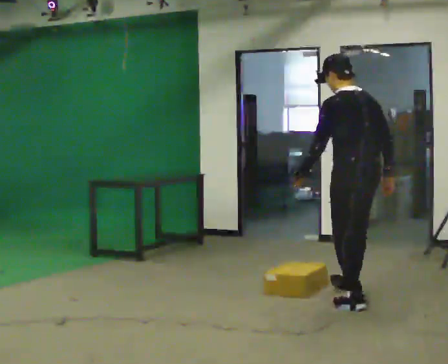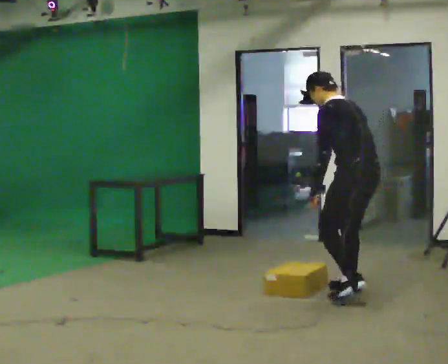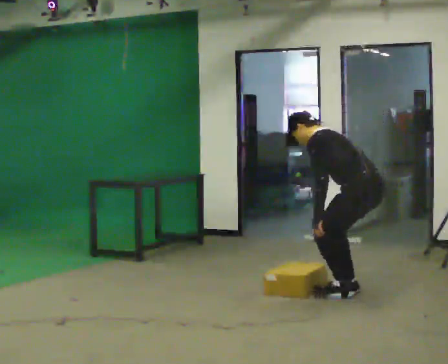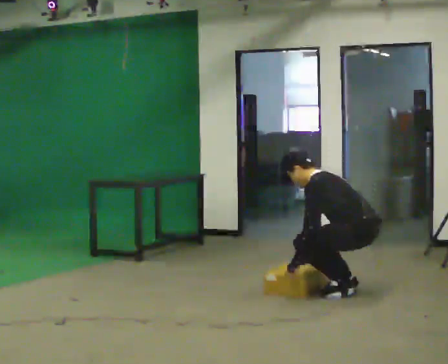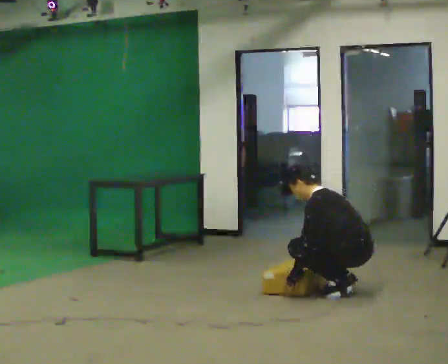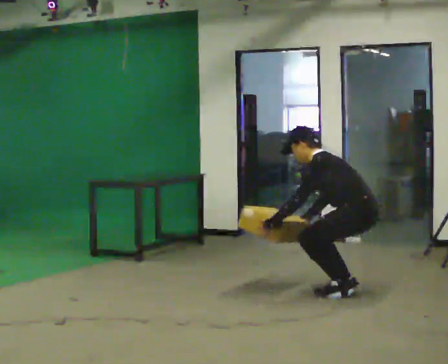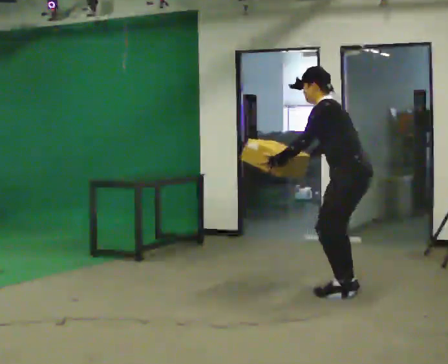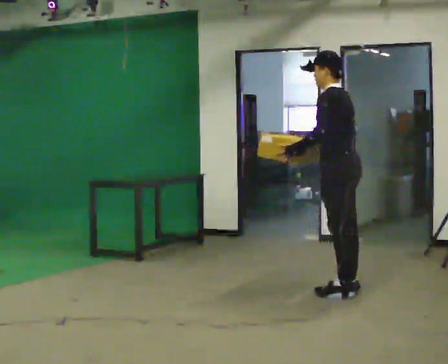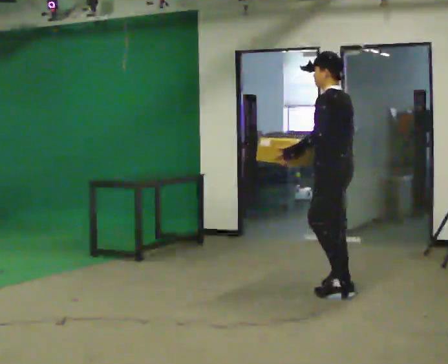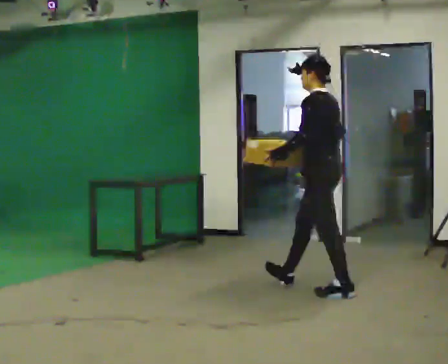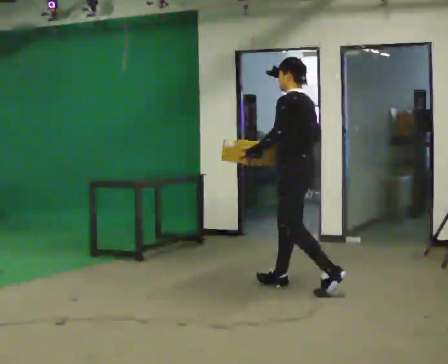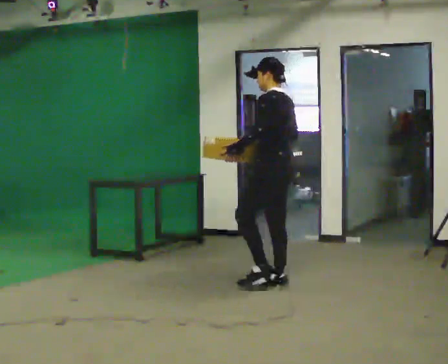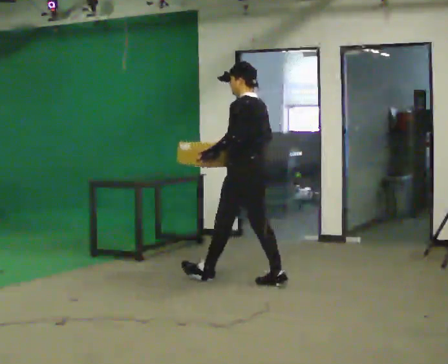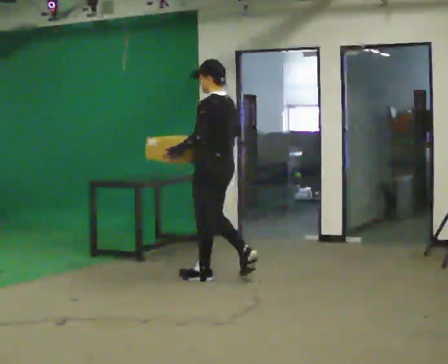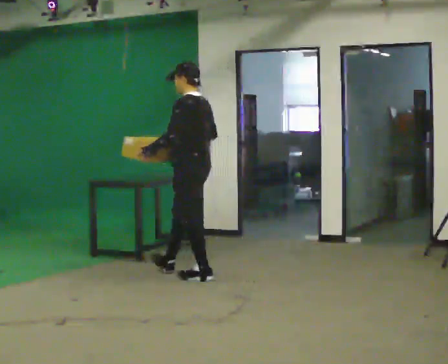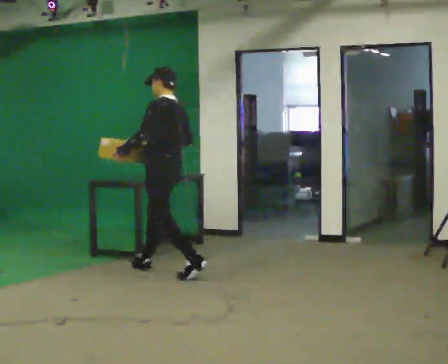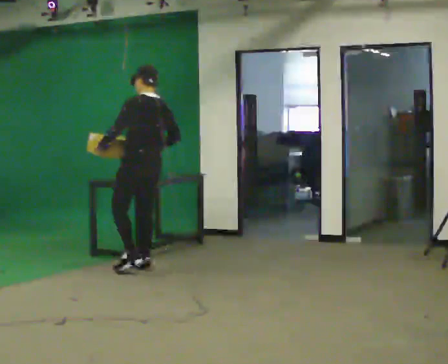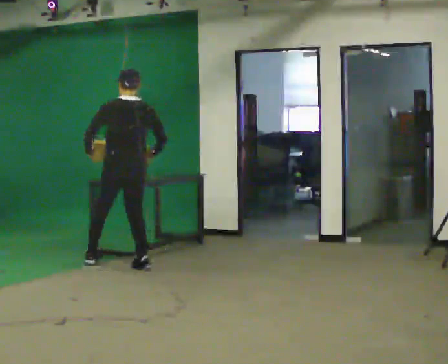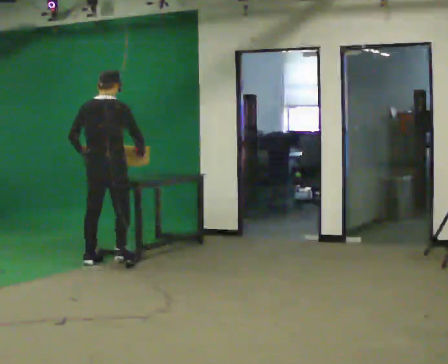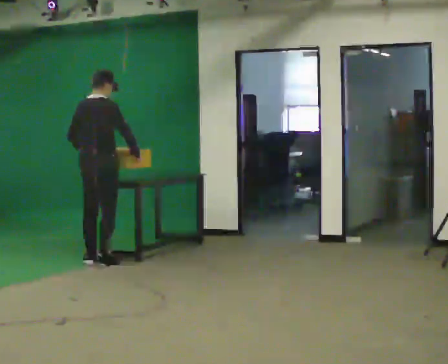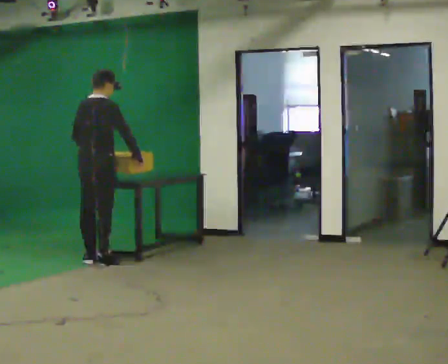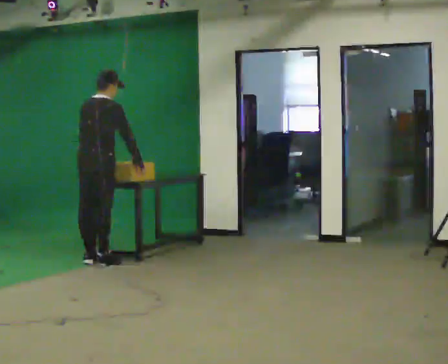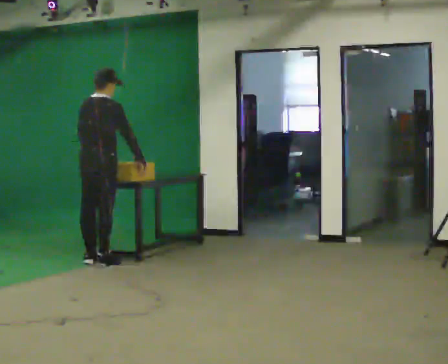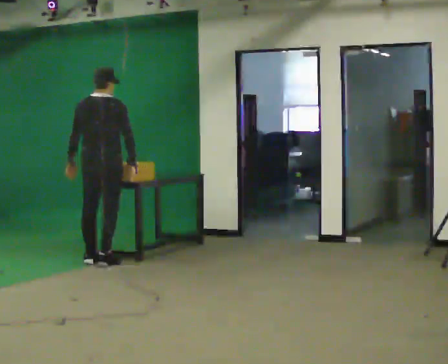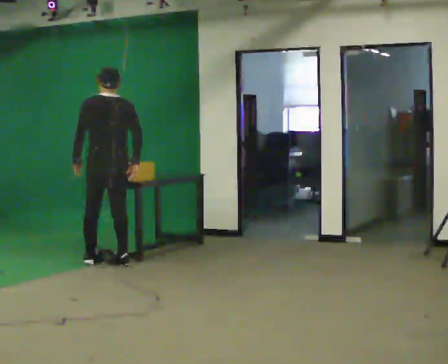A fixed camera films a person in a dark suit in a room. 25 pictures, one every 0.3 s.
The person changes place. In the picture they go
to the left.
0.0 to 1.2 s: Seen from above the body turns counterclockwise, about 30 degrees: to their left, with its near side sliding to the right. In the picture they go away from the camera, about 0.25 m in 2 steps, which for them is to their right and forward. The upper body goes downward. In the picture the upper body tilts counterclockwise, shoulders to the left, as they bend forward. In the picture their right hand goes downward.
1.2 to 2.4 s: In the picture they go to the left, about 0.25 m, which for them is forward. The upper body goes upward. In the picture the upper body tilts clockwise, shoulders to the right, as they lean back or straighten. In the picture their right hand goes upward.
2.4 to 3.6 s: In the picture they go to the left and away from the camera, about 1 m in 2 steps, which for them is forward.
3.6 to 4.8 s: In the picture they go to the left and away from the camera, about 1 m in 1 step, which for them is forward.
4.8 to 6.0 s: Seen from above the body turns clockwise, about 75 degrees: to their right, with its near side sliding to the left. In the picture they go to the left, about 0.5 m in 2 steps.
6.0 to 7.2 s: The part of the body nearest the lens slides to the right as the person turns to their left by about 60 degrees.
The film runs forward here.
